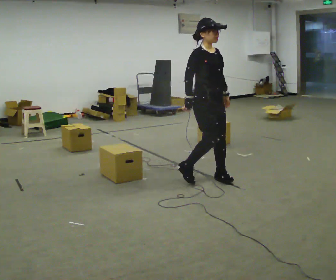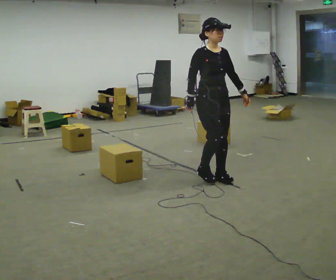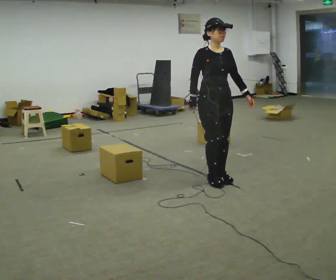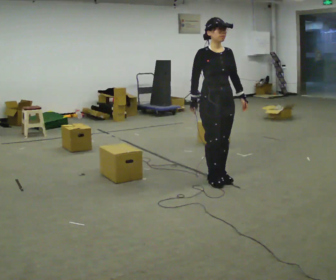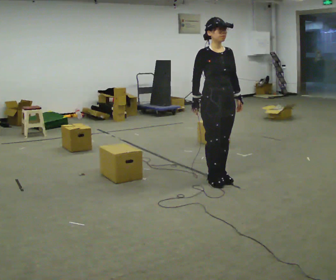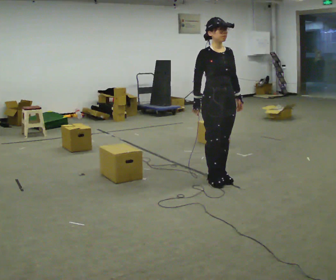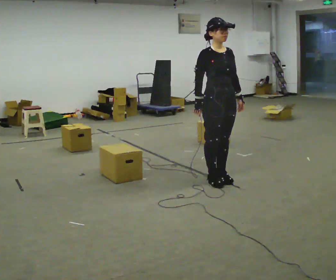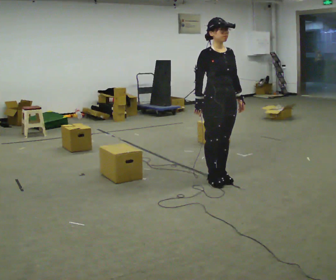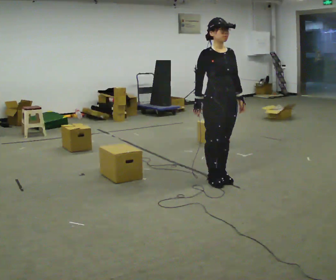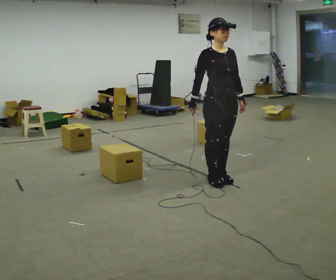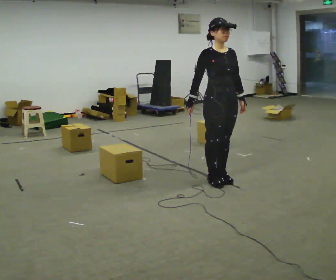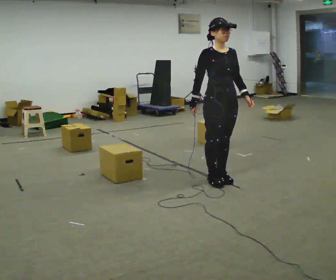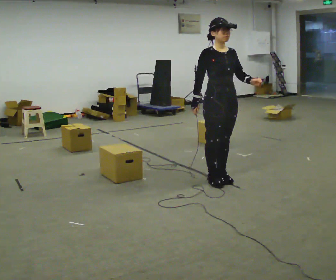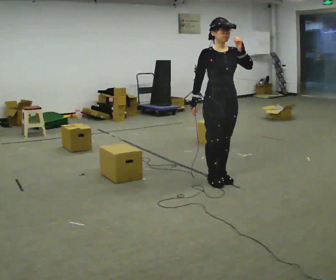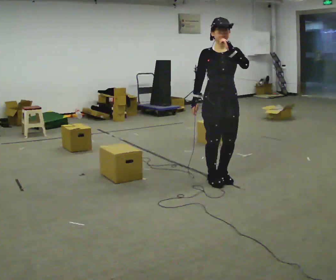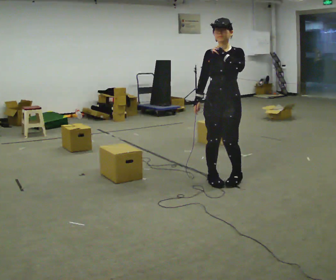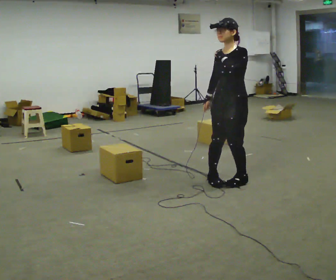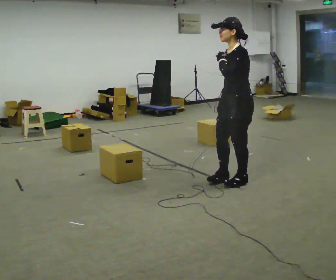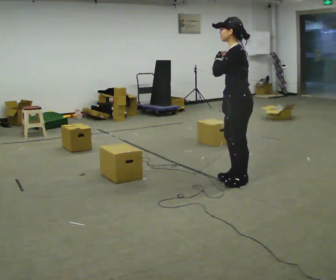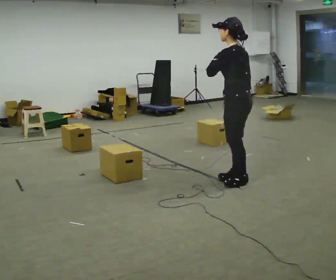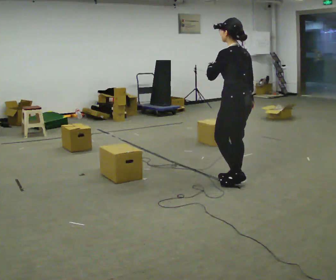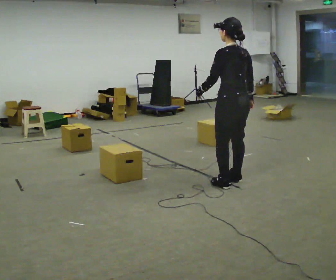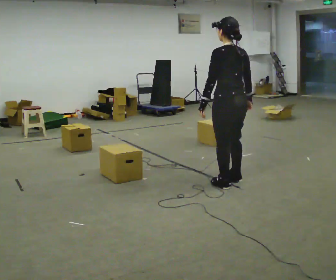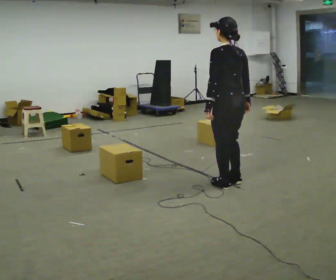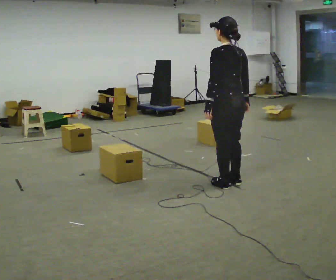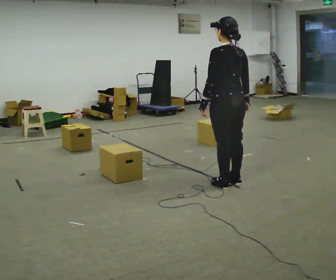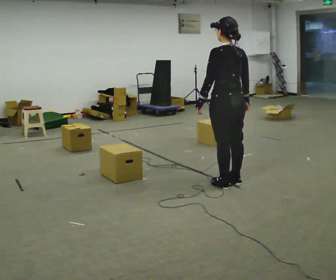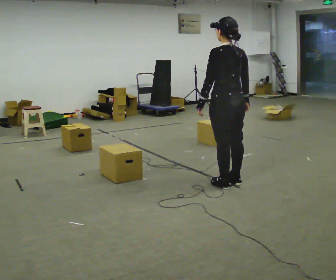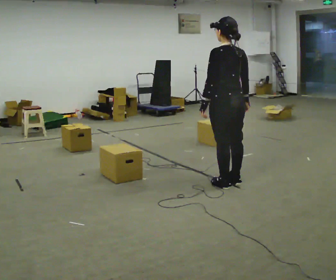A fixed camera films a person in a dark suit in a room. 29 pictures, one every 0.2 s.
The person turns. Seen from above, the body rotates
clockwise.
The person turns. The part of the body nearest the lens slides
to the left.
0.0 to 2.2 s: The person moves a little, or ends about where they began.
2.2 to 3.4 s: The person turns about 105 degrees to their right, clockwise seen from above, so the part of the body nearest the lens slides to the left. In the picture they go to the right, about 0.25 m in 1 step. In the picture their left hand goes upward.
3.4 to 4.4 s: Seen from above the body turns clockwise, about 75 degrees: to their right, with its near side sliding to the left. In the picture their left hand goes downward.
4.4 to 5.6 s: The person moves a little, or ends about where they began.
The film runs forward here.
